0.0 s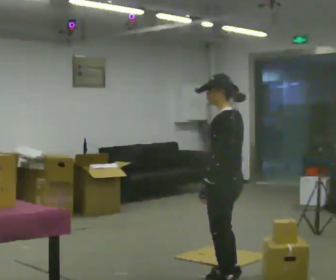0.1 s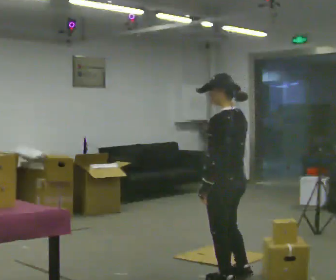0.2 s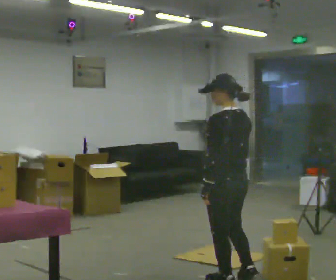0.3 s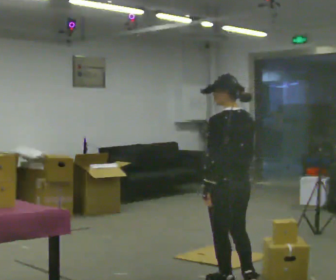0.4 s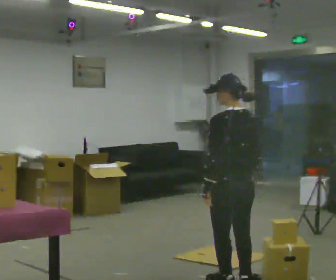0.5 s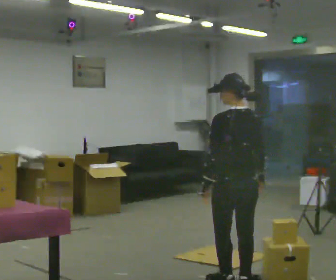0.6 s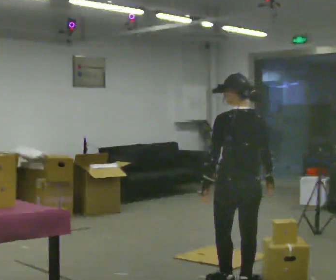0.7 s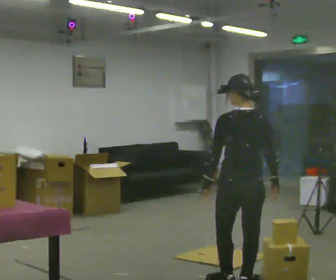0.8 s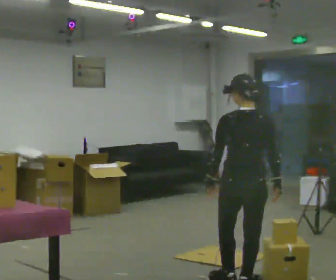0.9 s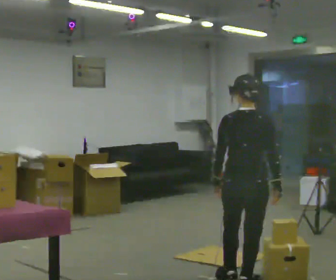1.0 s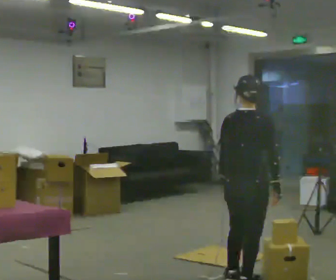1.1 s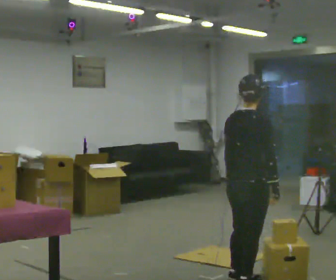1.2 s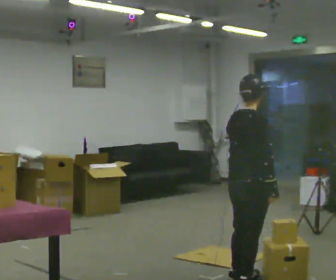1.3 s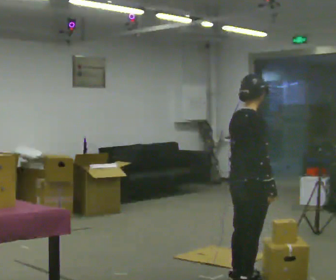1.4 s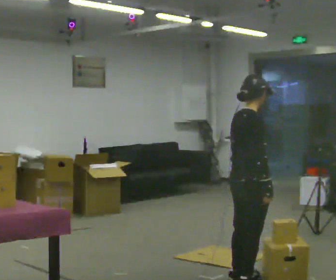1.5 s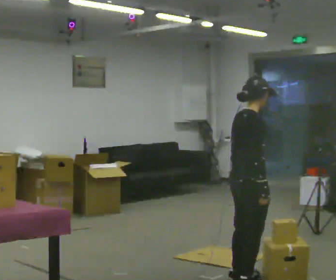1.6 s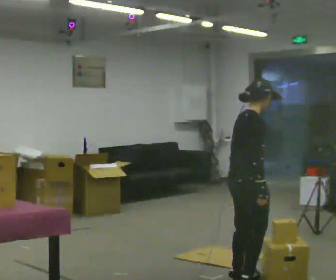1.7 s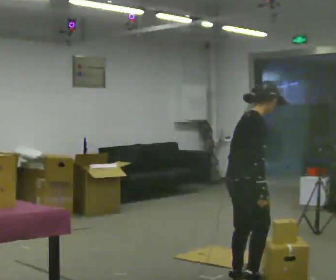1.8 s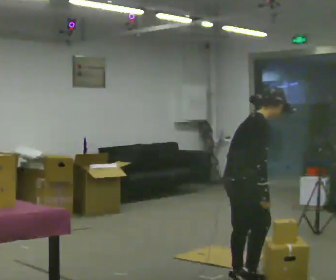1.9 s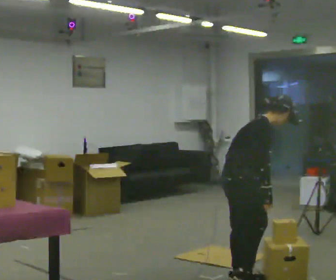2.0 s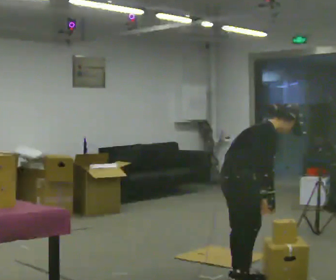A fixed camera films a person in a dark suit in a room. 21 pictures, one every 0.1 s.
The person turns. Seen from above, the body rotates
clockwise.
The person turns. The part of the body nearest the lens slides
to the left.
0.0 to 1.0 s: Seen from above the body turns clockwise, about 90 degrees: to their right, with its near side sliding to the left. In the picture their right hand goes to the right.
1.0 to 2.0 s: The person turns about 60 degrees to their right, clockwise seen from above, so the part of the body nearest the lens slides to the left. In the picture the upper body tilts clockwise, shoulders to the right, as they bend forward. In the picture their left hand goes to the right.
The film runs backward here.
